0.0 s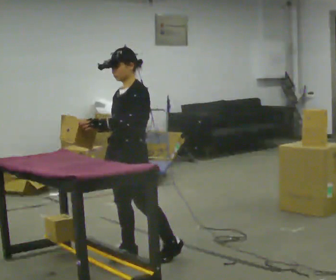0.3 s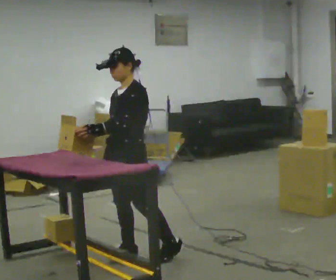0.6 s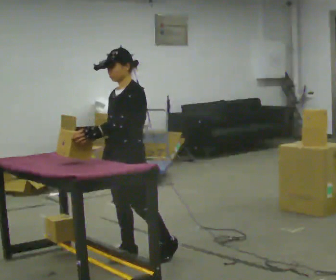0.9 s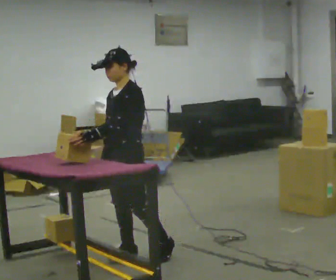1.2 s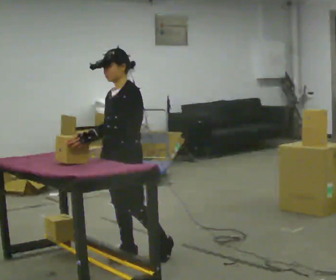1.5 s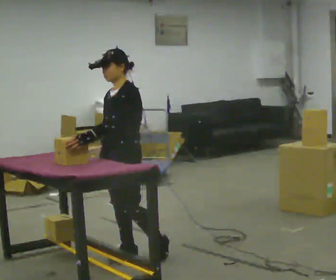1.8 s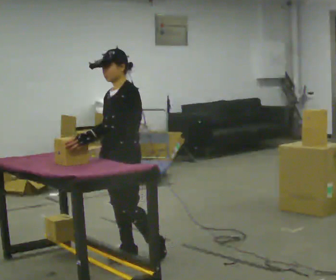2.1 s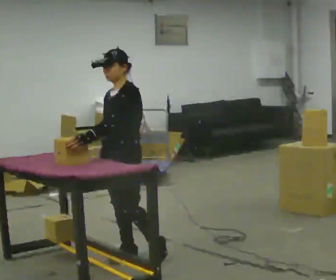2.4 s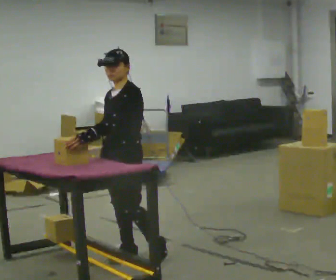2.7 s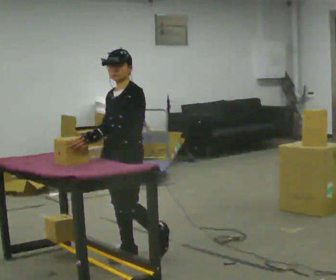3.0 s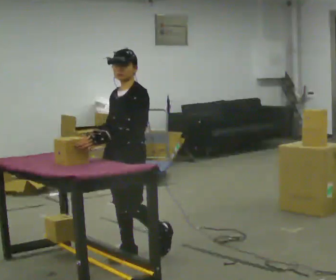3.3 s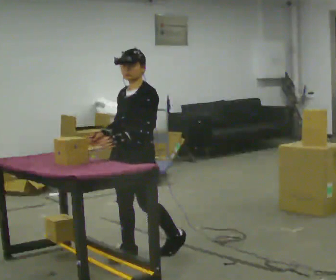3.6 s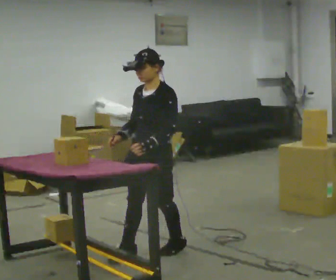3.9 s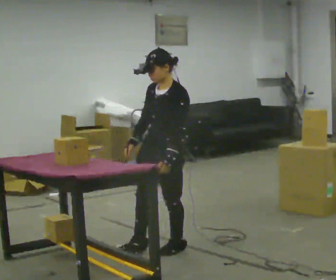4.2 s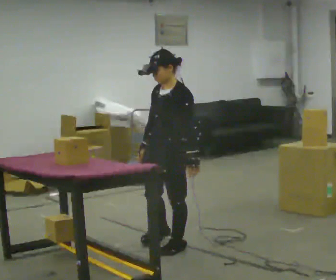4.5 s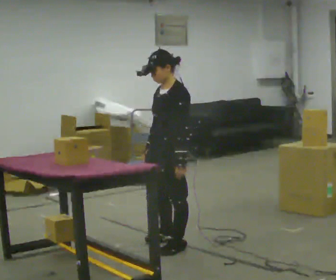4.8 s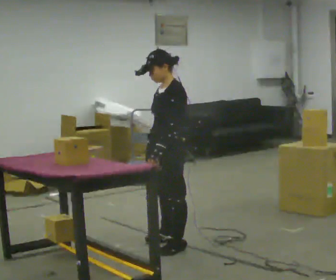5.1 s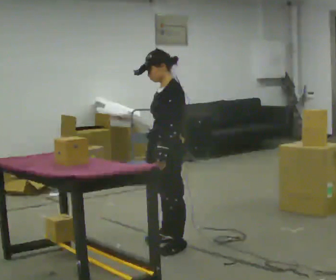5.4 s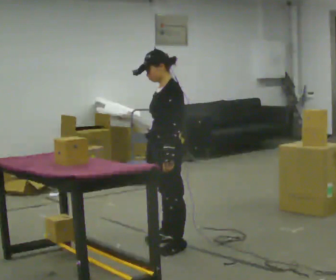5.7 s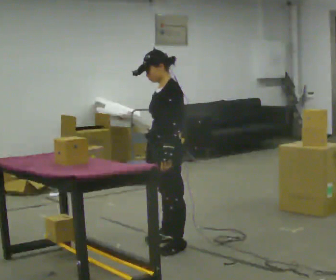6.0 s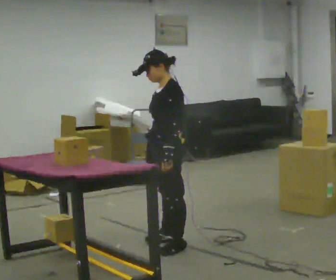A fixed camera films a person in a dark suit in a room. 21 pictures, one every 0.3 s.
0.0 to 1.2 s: The person moves a little, or ends about where they began.
1.2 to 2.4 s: The person keeps their place and pose.
2.4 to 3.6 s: In the picture they go to the right, about 0.25 m in 1 step, which for them is backward. In the picture their left hand goes to the right.
3.6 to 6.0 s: The part of the body nearest the lens slides to the left as the person turns to their right by about 30 degrees. In the picture they go away from the camera, about 0.25 m in 1 step, which for them is to their right and backward.
The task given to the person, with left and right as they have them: 1. The operator will tell you the shelf is already sorted and just needs moving to the table. 2. Do what you think is right. 3. Tell the operator when you are finished.
The film runs forward here.
